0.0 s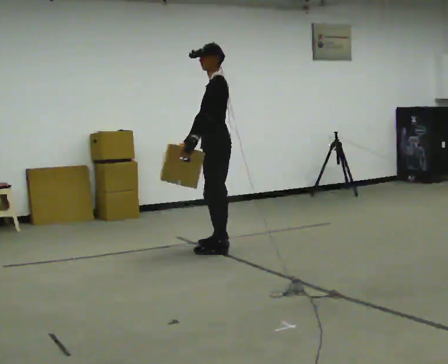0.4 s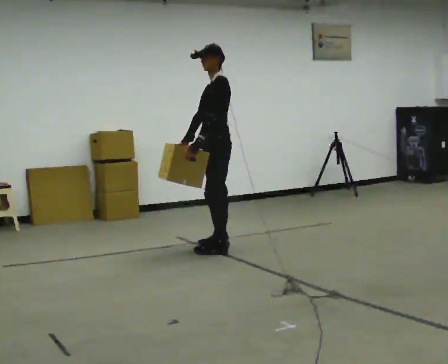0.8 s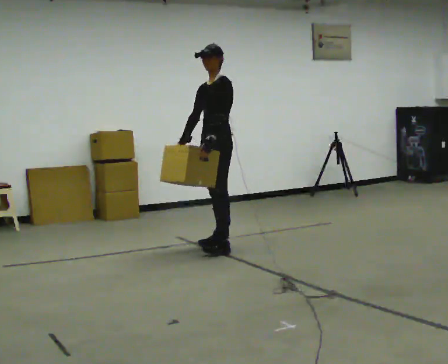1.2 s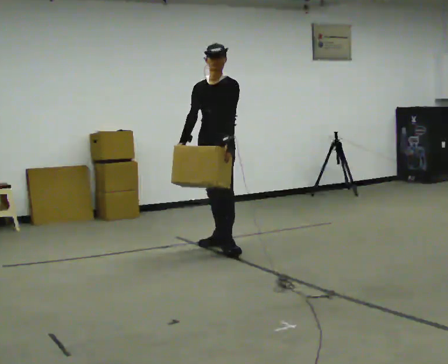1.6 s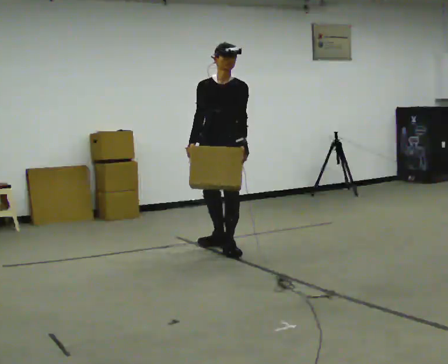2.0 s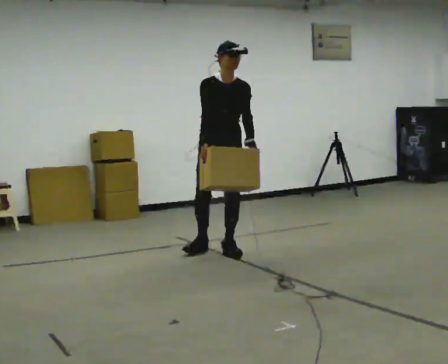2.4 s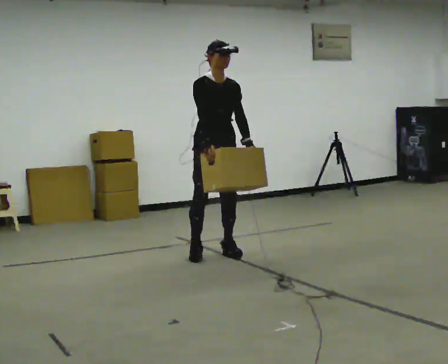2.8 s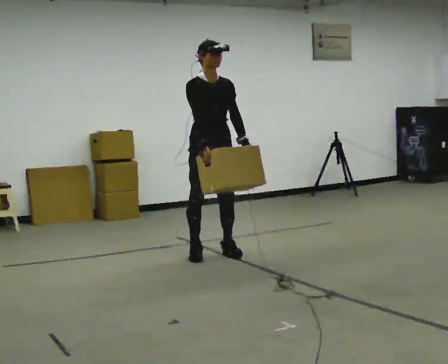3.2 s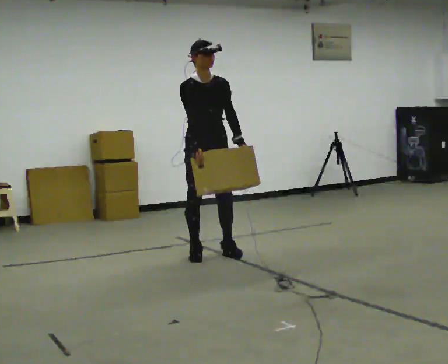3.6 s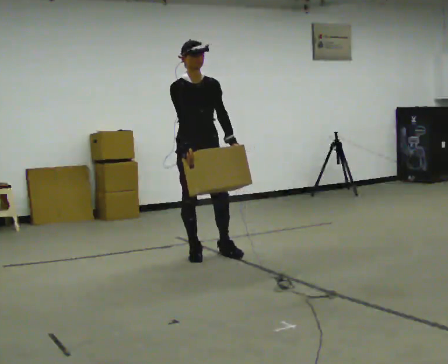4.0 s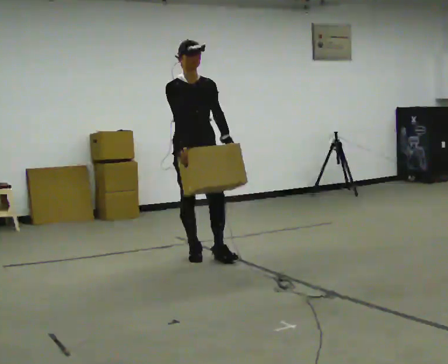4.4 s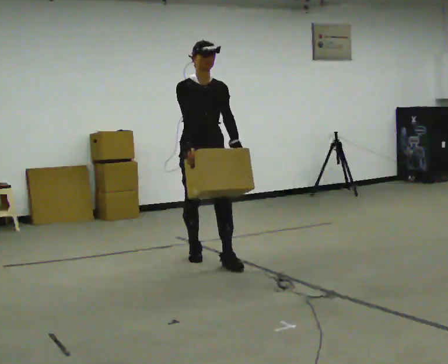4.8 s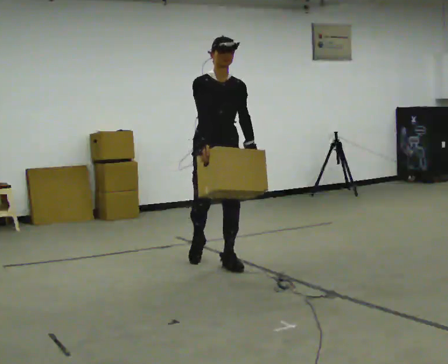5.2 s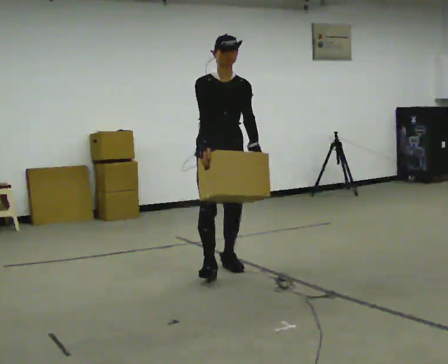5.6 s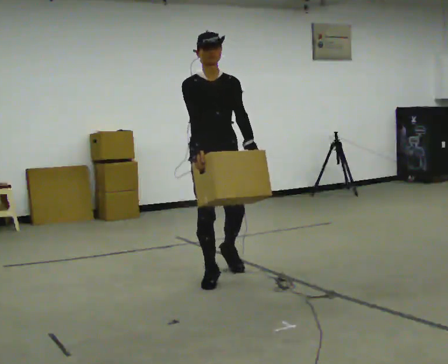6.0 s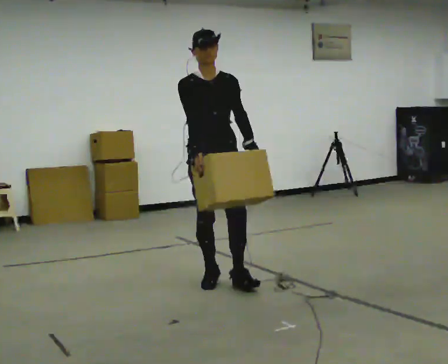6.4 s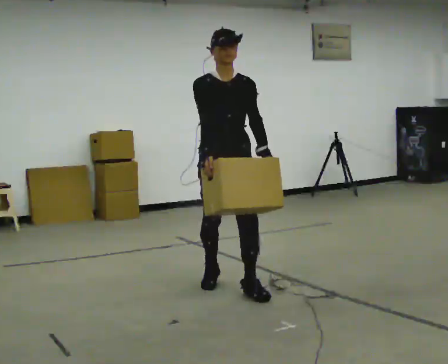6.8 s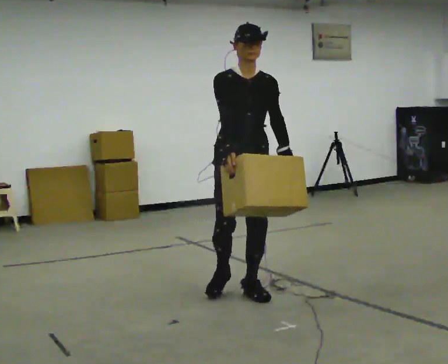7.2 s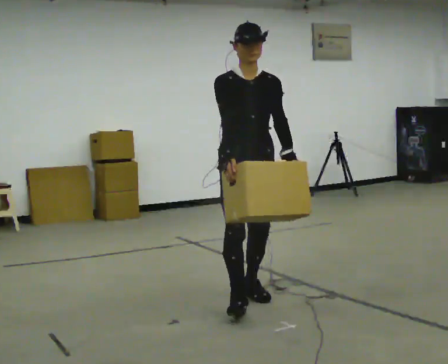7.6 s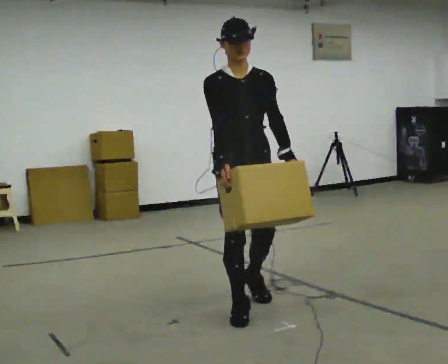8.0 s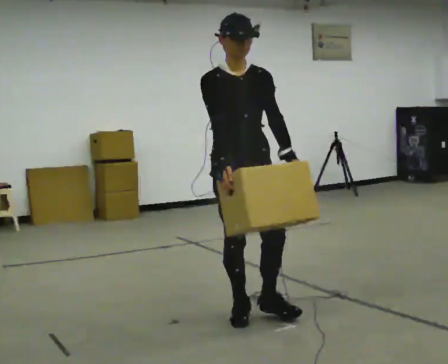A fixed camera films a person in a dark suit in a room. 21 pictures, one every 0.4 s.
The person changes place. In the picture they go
toward the camera.
0.0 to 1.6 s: Seen from above the body turns counterclockwise, about 75 degrees: to their left, with its near side sliding to the right.
1.6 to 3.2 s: The person turns about 30 degrees to their left, counterclockwise seen from above, so the part of the body nearest the lens slides to the right. In the picture they go toward the camera and to the left, about 0.25 m in 1 step, which for them is to their right.
3.2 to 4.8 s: In the picture they go toward the camera, about 0.25 m in 1 step, which for them is forward.
4.8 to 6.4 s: In the picture they go toward the camera, about 0.5 m in 2 steps, which for them is forward.
6.4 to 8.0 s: In the picture they go toward the camera, about 0.5 m in 1 step, which for them is forward.
The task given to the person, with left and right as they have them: Carry the heavy box in both hands in front of you, walking back and forth across the room. Keep walking until the operator says stop. Set it down if you need a rest.
The film runs forward here.
